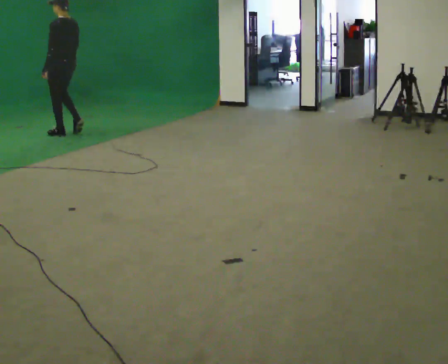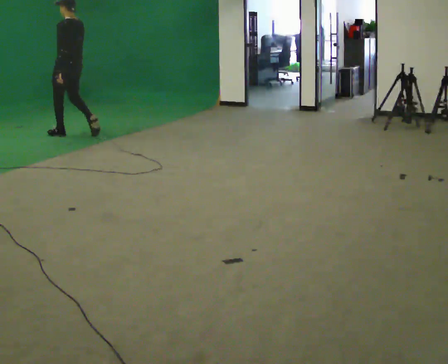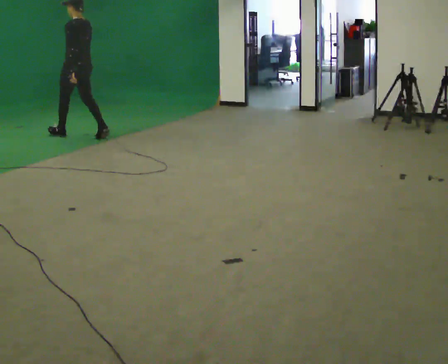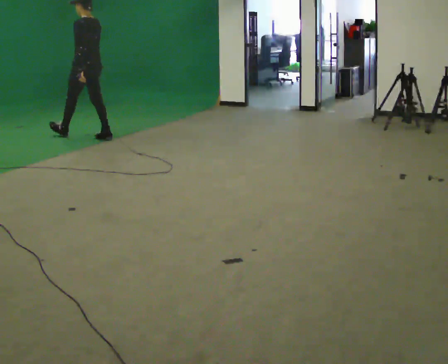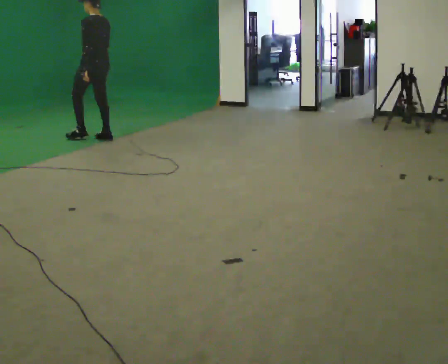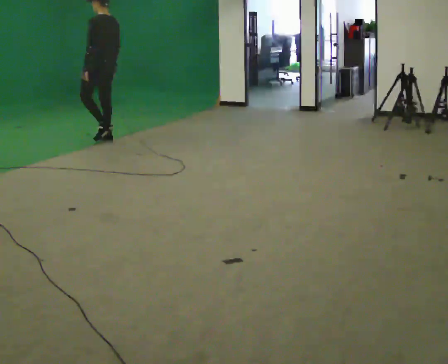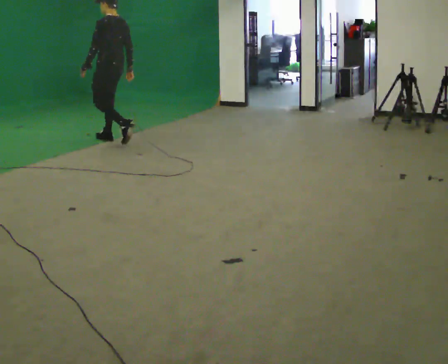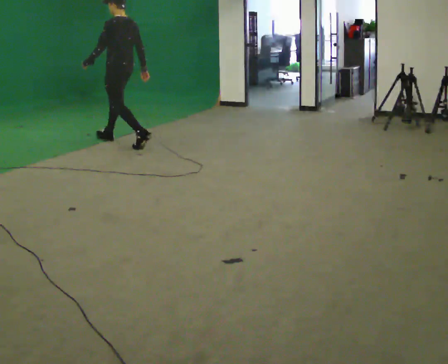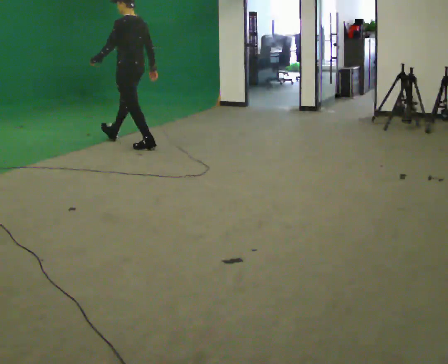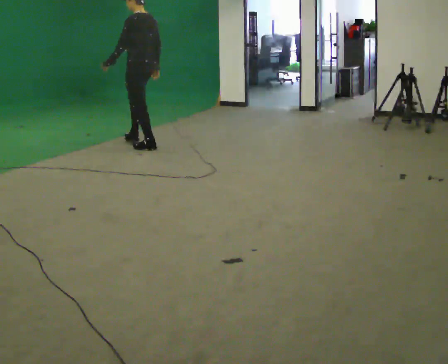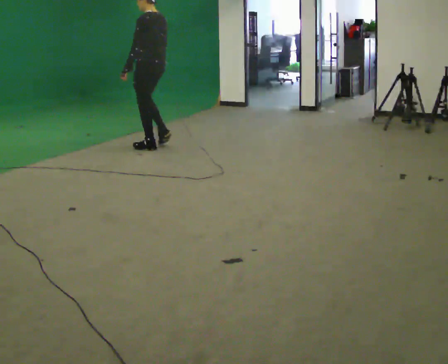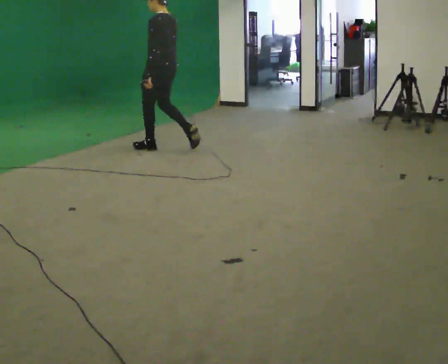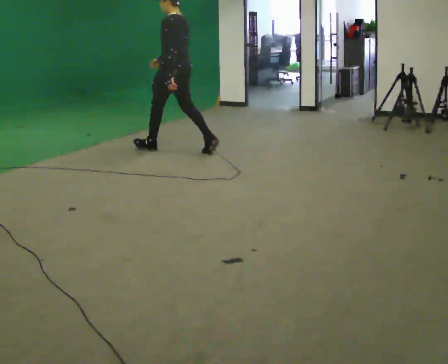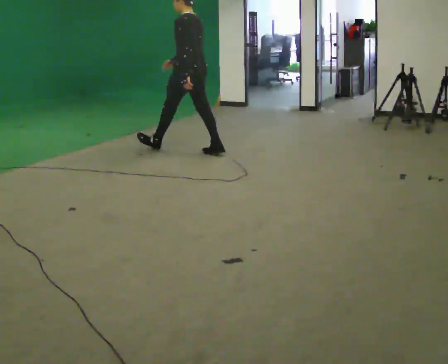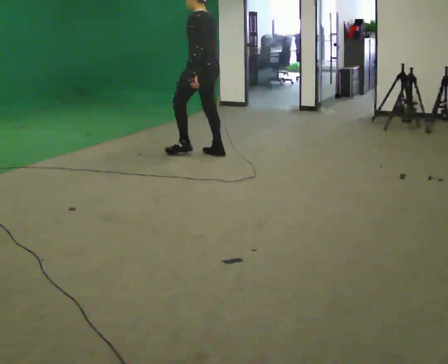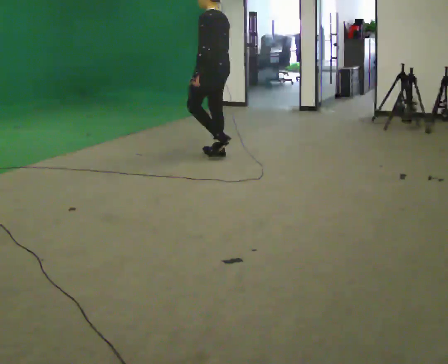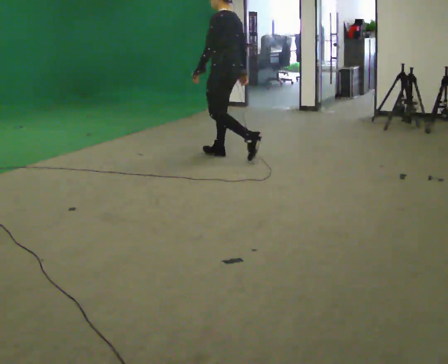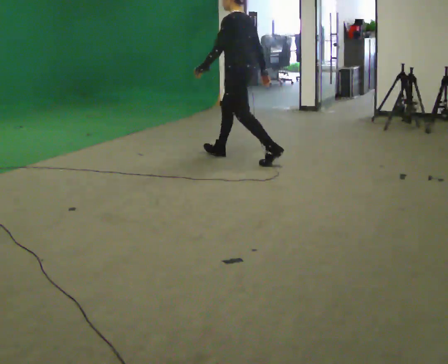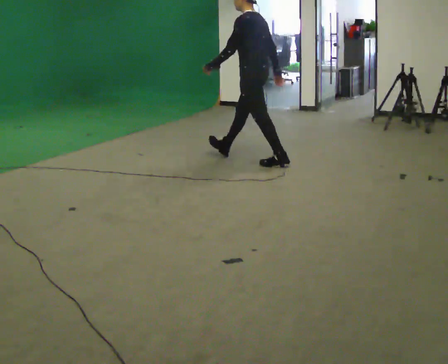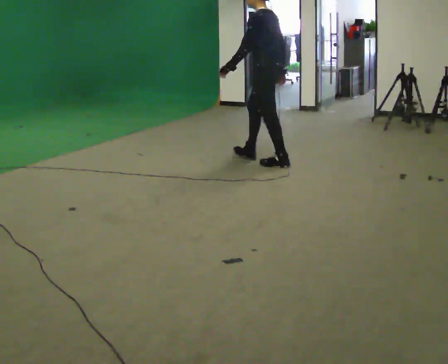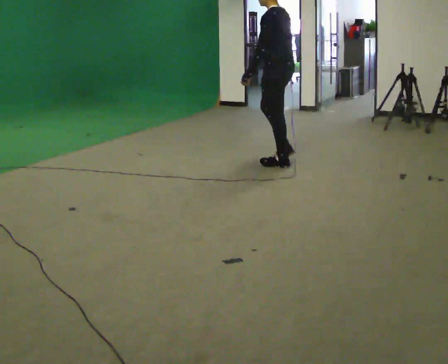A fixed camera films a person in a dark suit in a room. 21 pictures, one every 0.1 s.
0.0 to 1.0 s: In the picture they go to the right and toward the camera, about 1.5 m in 2 steps, which for them is backward.
1.0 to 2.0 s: In the picture they go to the right and toward the camera, about 1.5 m in 2 steps, which for them is backward.
The film runs backward here.
